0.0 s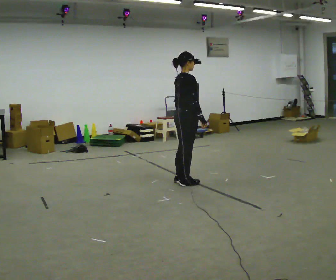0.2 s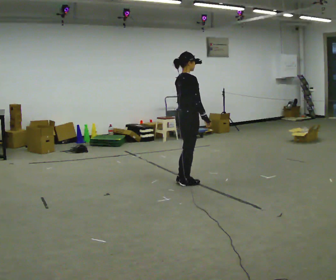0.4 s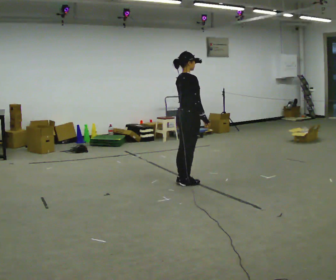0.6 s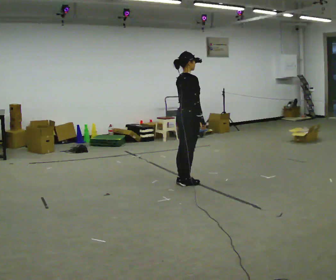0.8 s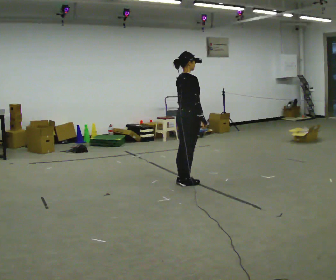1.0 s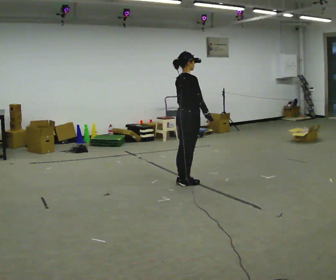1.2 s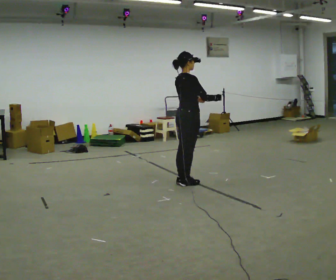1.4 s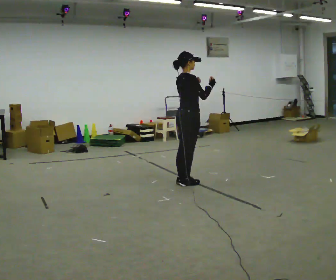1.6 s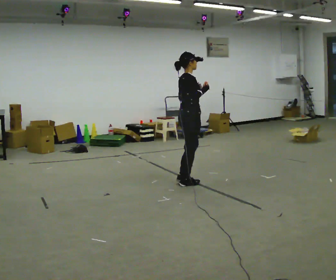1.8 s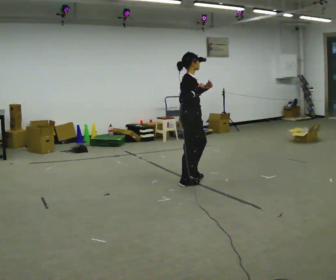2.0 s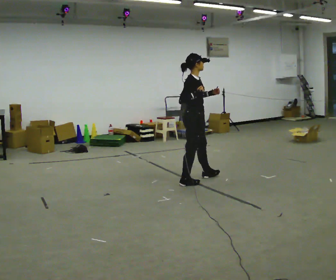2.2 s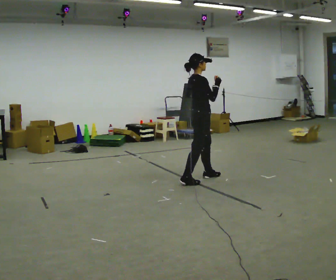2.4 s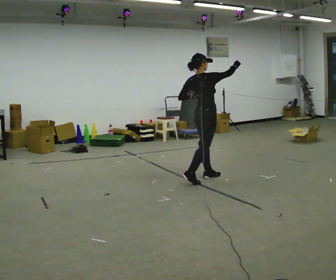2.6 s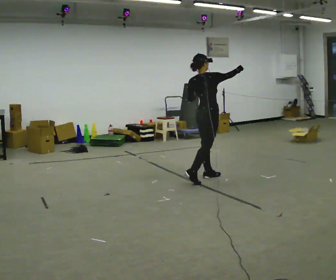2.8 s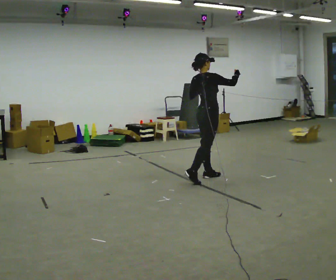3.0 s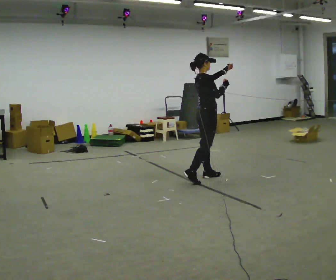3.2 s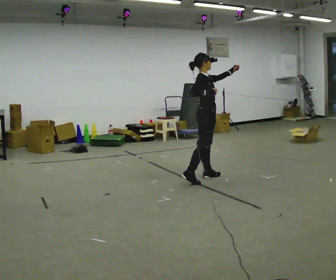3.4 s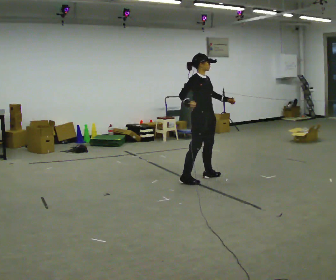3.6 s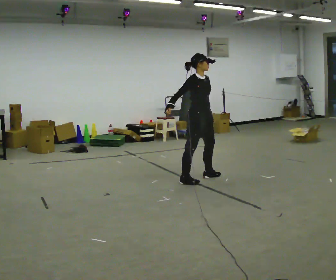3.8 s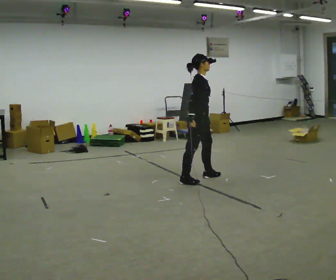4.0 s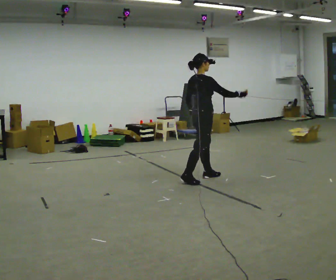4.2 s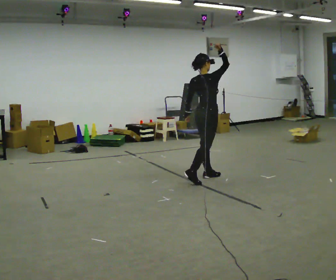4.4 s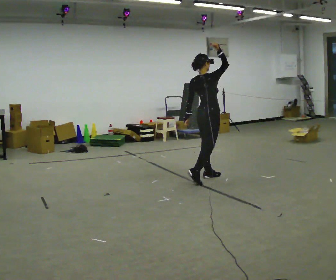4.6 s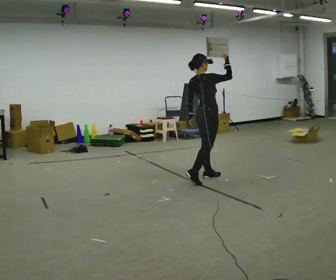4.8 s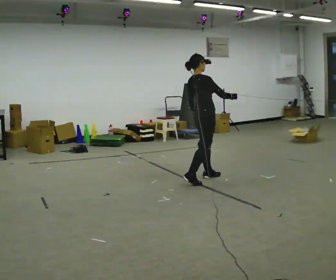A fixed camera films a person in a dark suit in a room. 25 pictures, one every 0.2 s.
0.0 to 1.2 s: The person moves a little, or ends about where they began.
1.2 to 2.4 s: In the picture they go away from the camera and to the right, about 0.25 m in 1 step, which for them is forward and to their left. In the picture their right hand goes upward.
2.4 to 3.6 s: The person turns about 60 degrees to their right, clockwise seen from above, so the part of the body nearest the lens slides to the left. In the picture their right hand goes to the left and downward.
3.6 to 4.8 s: The person turns about 60 degrees to their left, counterclockwise seen from above, so the part of the body nearest the lens slides to the right. In the picture their right hand goes to the right.
The film runs forward here.
